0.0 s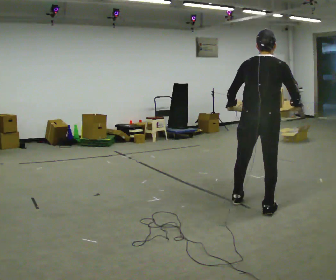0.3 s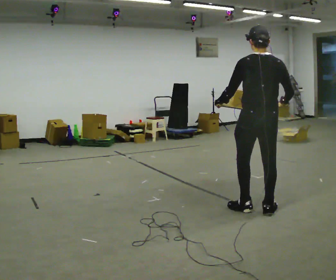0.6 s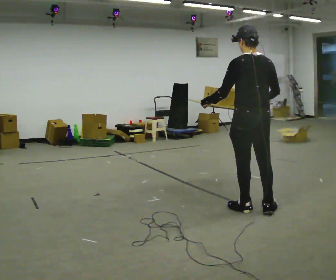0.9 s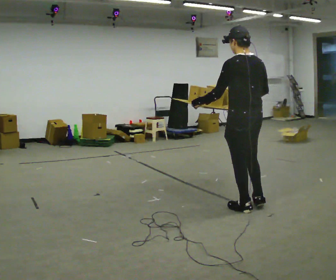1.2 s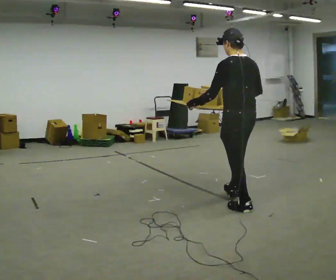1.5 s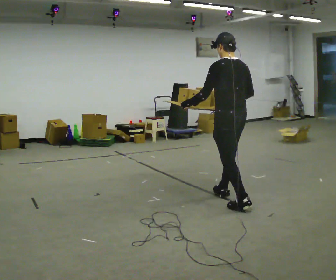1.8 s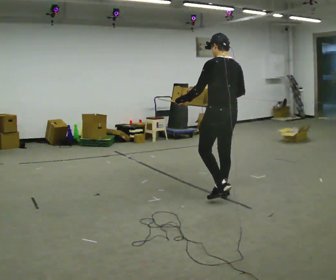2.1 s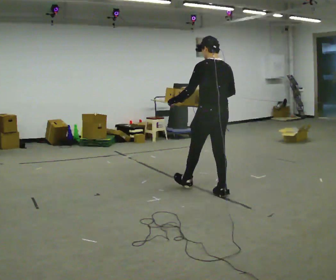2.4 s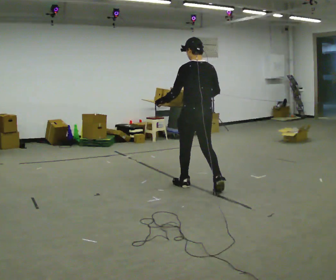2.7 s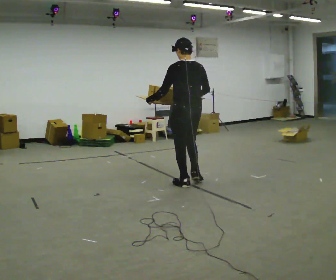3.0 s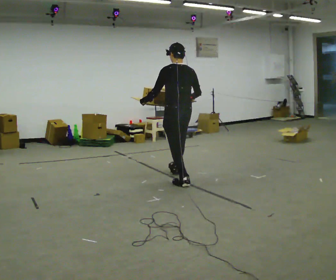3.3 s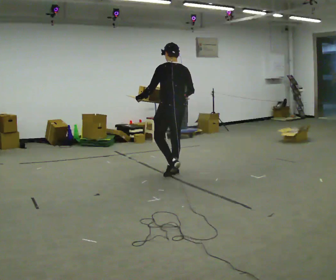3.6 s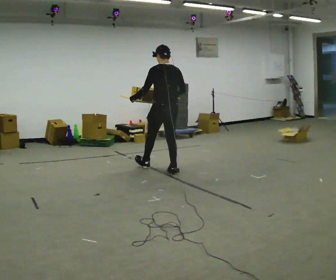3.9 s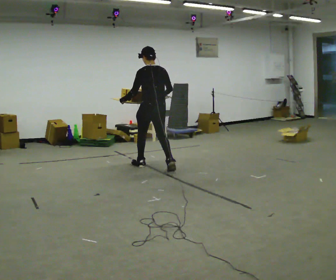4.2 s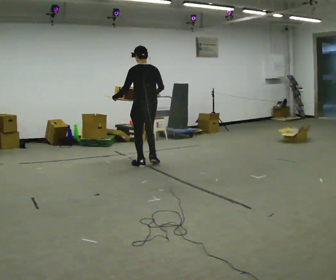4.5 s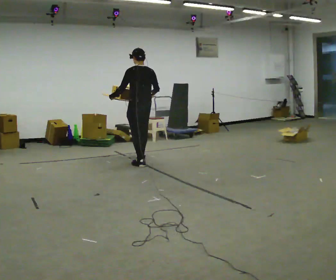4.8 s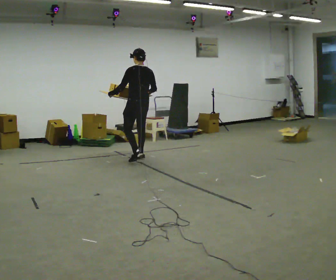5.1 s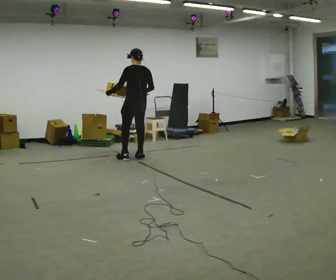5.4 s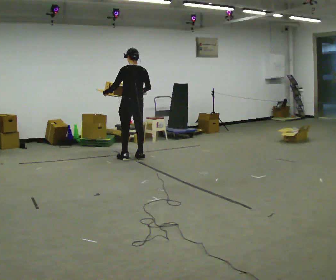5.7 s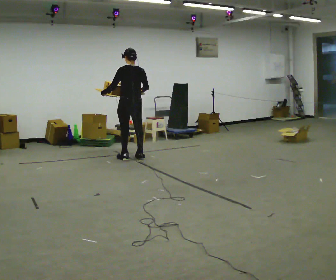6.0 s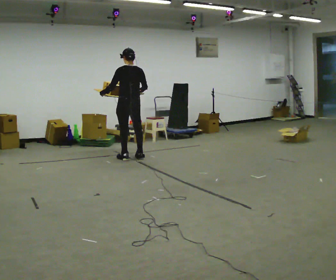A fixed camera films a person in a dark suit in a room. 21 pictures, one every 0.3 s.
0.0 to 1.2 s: The part of the body nearest the lens slides to the right as the person turns to their left by about 60 degrees. In the picture they go to the left, about 0.25 m in 1 step, which for them is forward and to their left. In the picture their right hand goes to the left.
1.2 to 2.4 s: In the picture they go away from the camera and to the left, about 1 m in 2 steps, which for them is forward.
2.4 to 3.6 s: In the picture they go away from the camera and to the left, about 1 m in 1 step, which for them is forward.
3.6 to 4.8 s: In the picture they go away from the camera and to the left, about 1 m in 2 steps, which for them is forward.
4.8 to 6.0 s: In the picture they go to the left, about 0.25 m in 1 step, which for them is forward.
The film runs forward here.
